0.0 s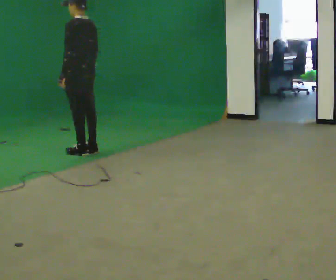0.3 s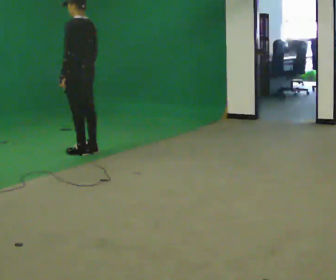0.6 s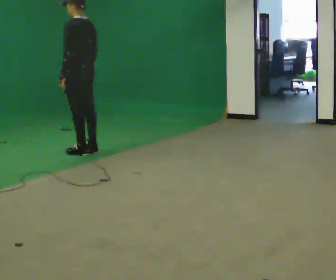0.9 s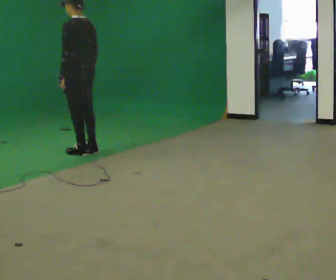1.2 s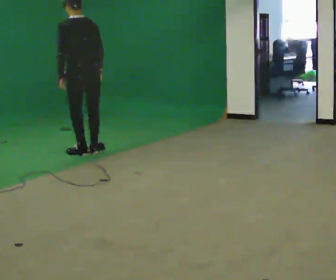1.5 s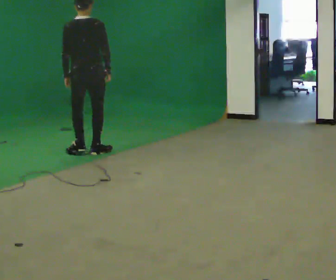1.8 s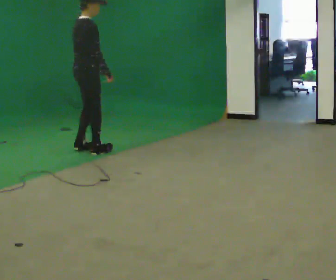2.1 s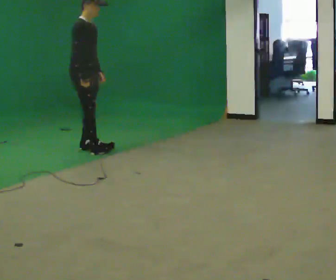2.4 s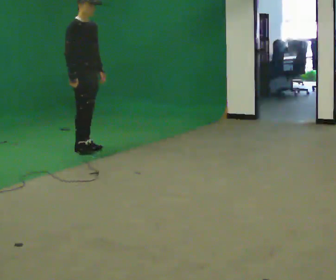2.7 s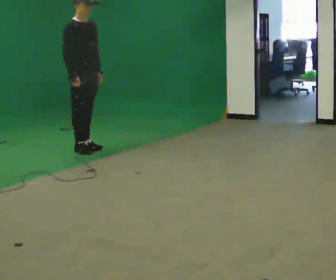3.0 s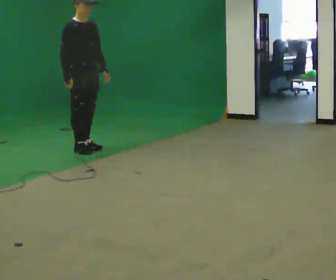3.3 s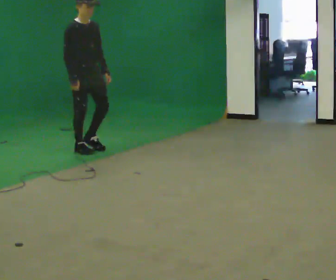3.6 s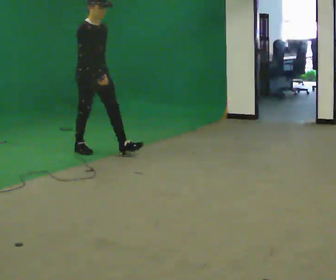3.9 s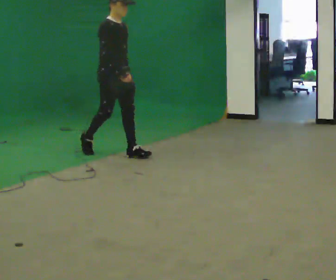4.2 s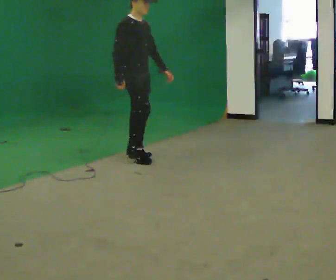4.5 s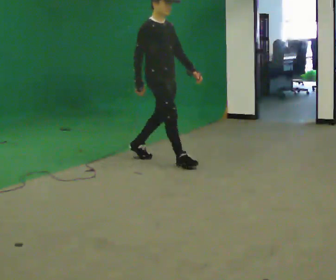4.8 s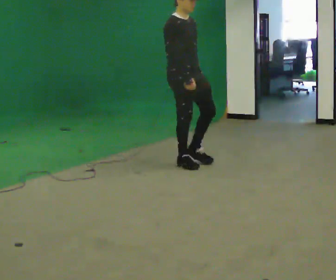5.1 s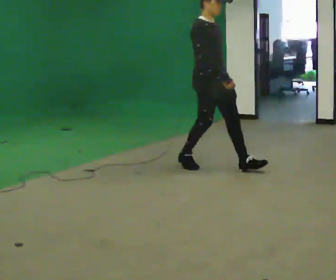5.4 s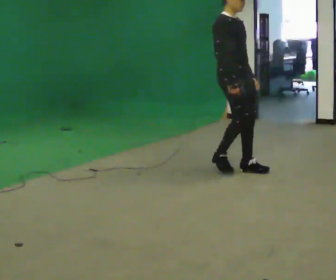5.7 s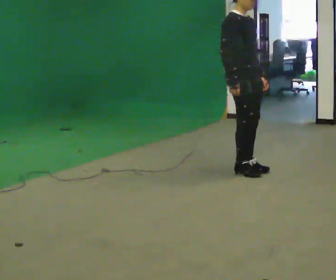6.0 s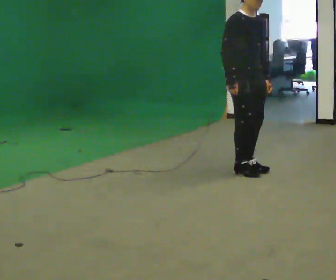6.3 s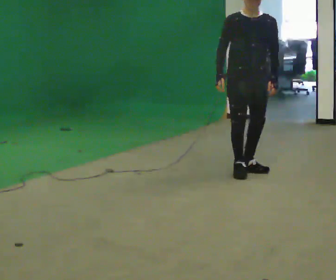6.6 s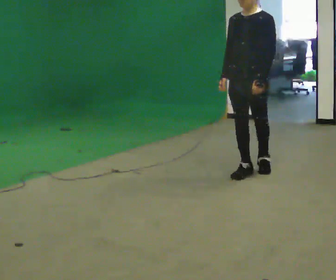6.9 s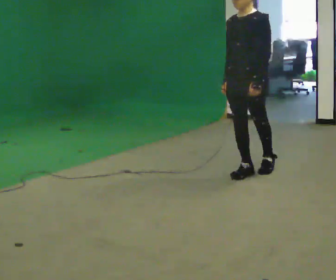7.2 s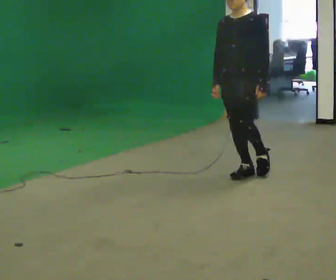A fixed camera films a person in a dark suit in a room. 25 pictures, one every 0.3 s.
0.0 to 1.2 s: Seen from above the body turns clockwise, about 30 degrees: to their right, with its near side sliding to the left.
1.2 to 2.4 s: The person turns about 135 degrees to their right, clockwise seen from above, so the part of the body nearest the lens slides to the left. In the picture they go away from the camera, about 0.25 m in 1 step. In the picture their right hand goes to the left.
2.4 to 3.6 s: In the picture they go toward the camera, about 0.25 m in 1 step, which for them is forward. In the picture their right hand goes to the right.
3.6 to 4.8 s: In the picture they go to the right and toward the camera, about 1 m in 2 steps, which for them is forward.
4.8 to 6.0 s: In the picture they go to the right and toward the camera, about 0.5 m in 2 steps, which for them is forward.
6.0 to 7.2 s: The part of the body nearest the lens slides to the left as the person turns to their right by about 90 degrees. In the picture they go toward the camera, about 0.25 m in 1 step.
The film runs forward here.
